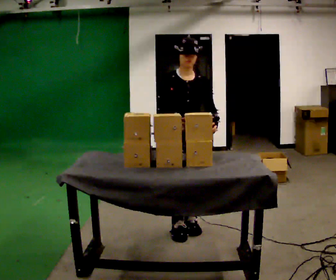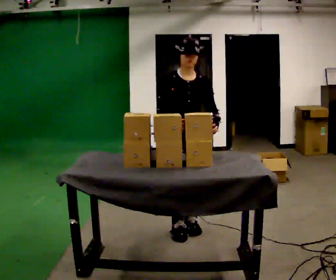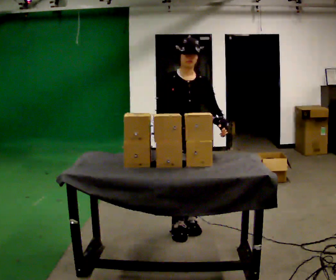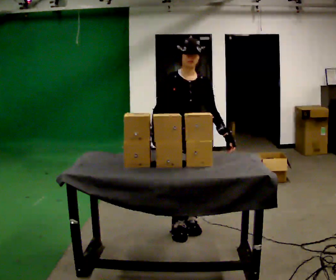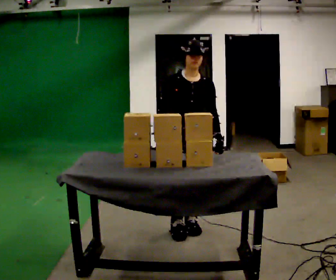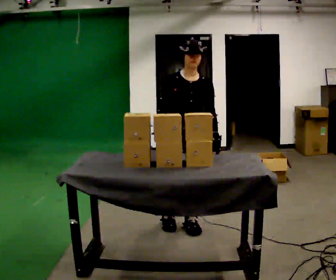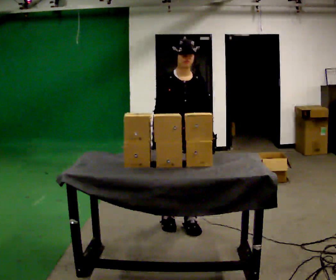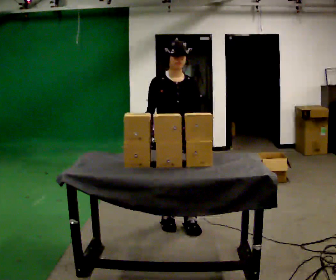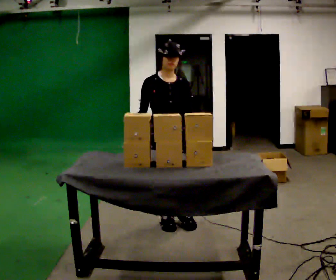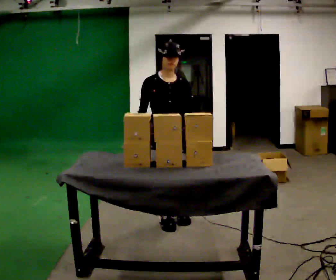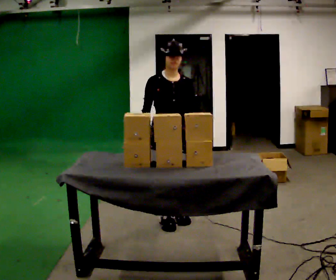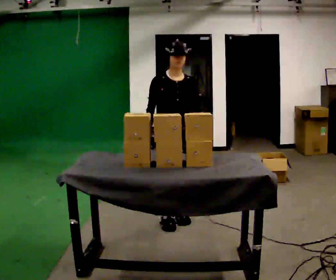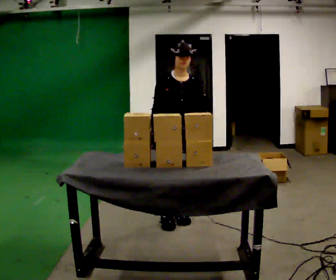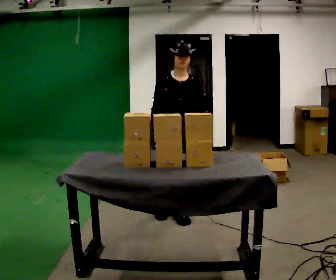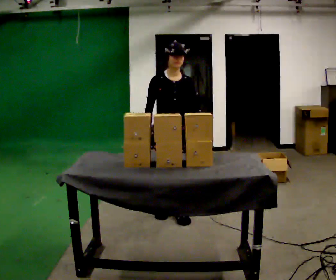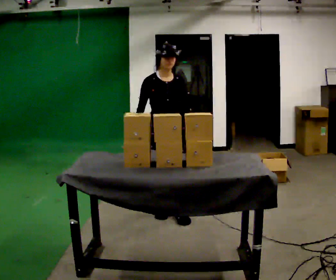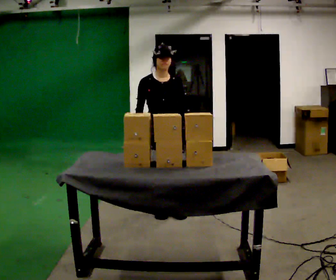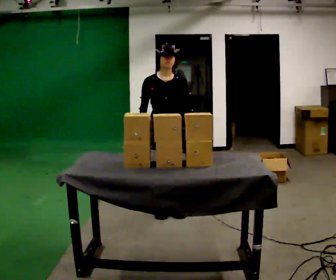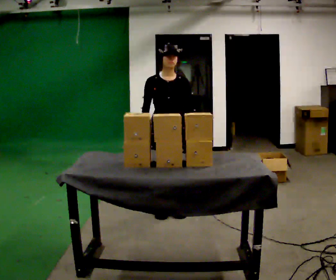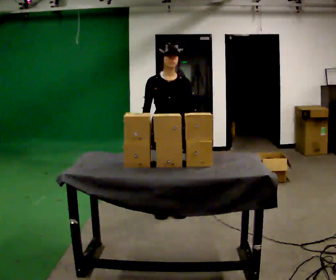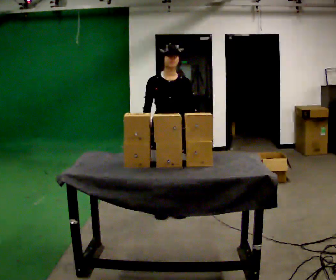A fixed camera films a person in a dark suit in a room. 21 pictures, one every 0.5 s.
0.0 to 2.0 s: The person moves a little, or ends about where they began.
2.0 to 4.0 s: In the picture they go to the left, about 0.25 m in 1 step, which for them is to their right.
4.0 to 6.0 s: In the picture they go away from the camera, about 0.25 m, which for them is to their left and backward.
6.0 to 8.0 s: In the picture they go to the left and away from the camera, about 0.25 m in 1 step, which for them is backward and to their right.
8.0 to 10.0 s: The person moves a little, or ends about where they began.
The film runs backward here.
